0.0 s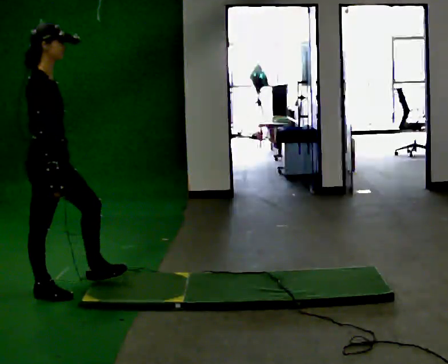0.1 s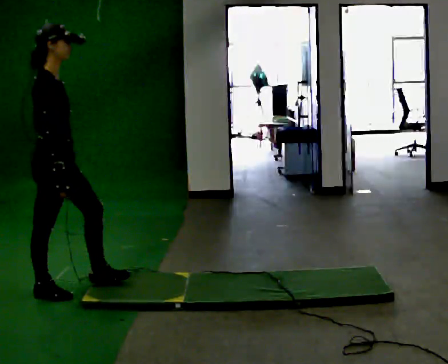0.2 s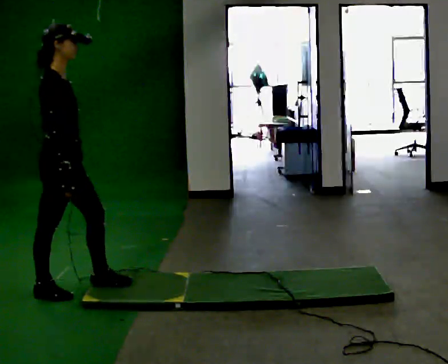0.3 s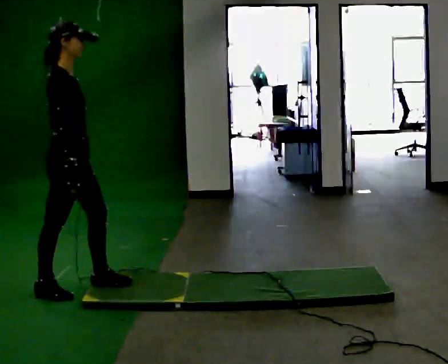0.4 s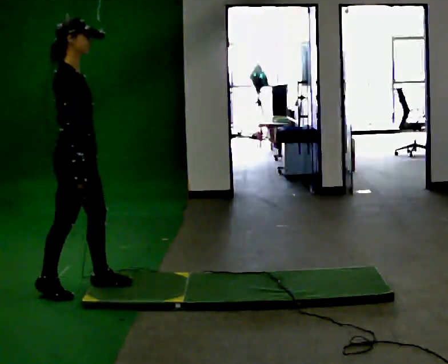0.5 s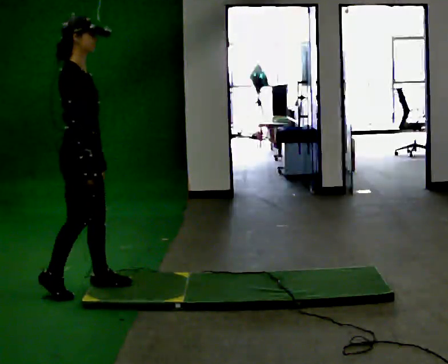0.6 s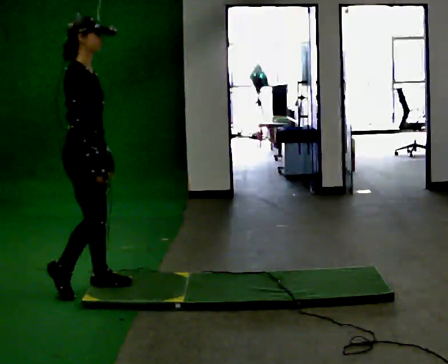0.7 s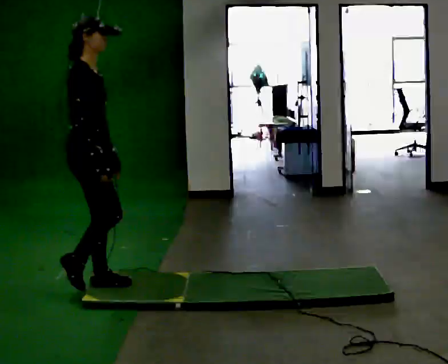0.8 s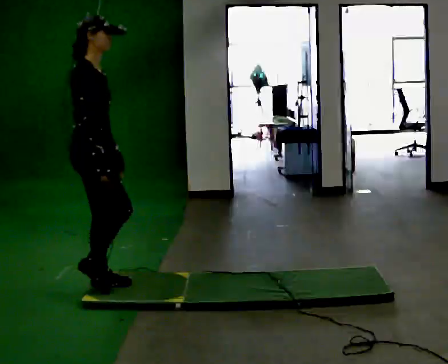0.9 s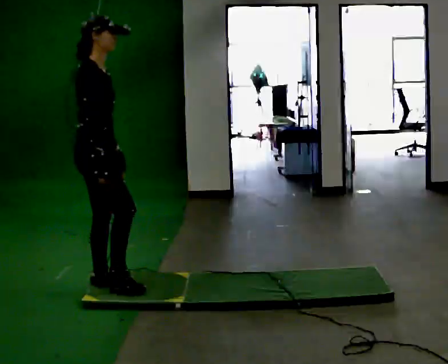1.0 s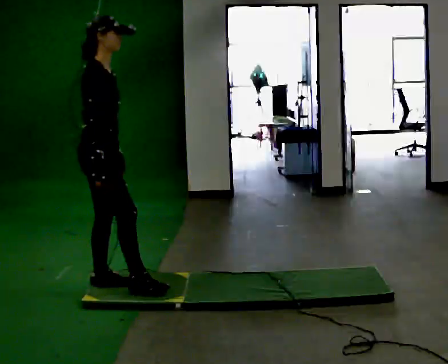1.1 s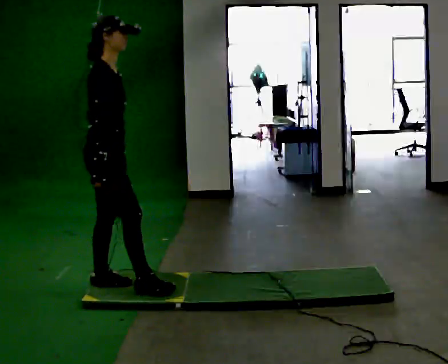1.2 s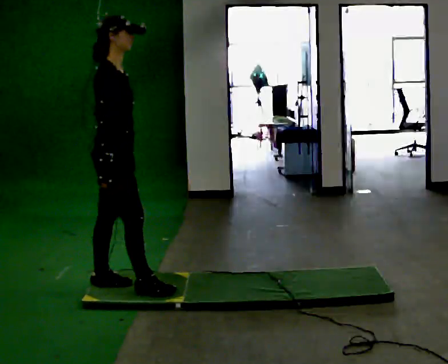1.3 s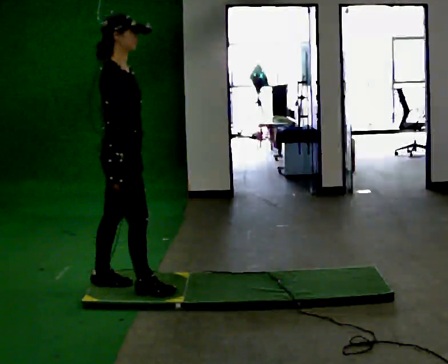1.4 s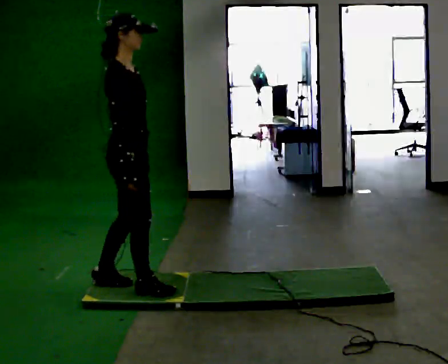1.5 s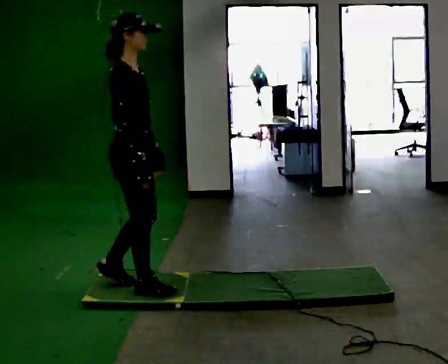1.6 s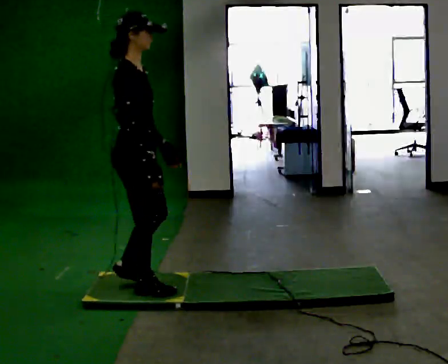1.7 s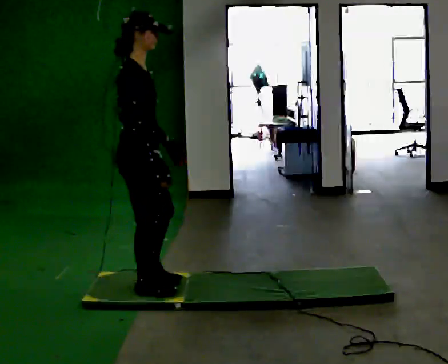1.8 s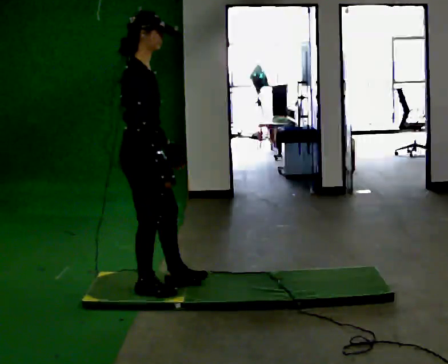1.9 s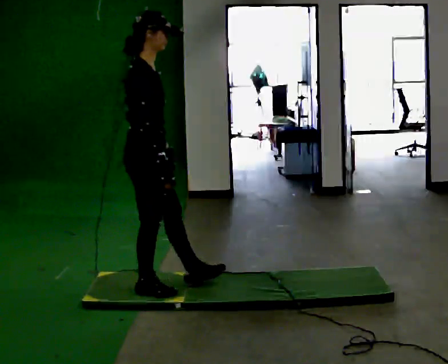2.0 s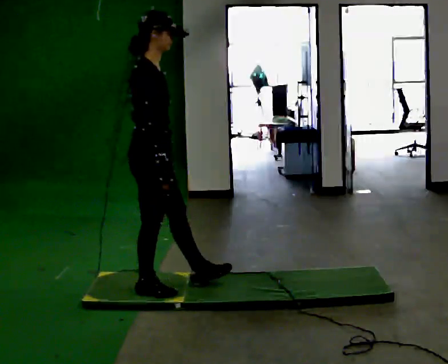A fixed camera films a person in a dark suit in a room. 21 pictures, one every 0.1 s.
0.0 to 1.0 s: In the picture they go to the right, about 0.25 m, which for them is forward.
1.0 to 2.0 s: In the picture they go to the right, about 0.25 m in 2 steps, which for them is forward.
The film runs forward here.
